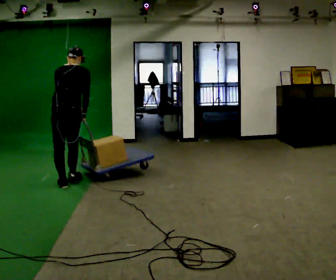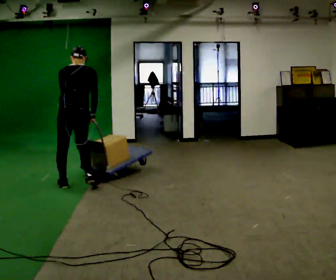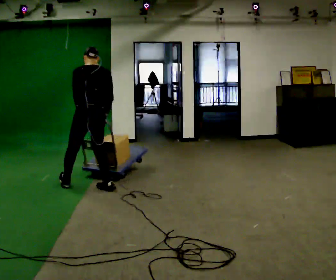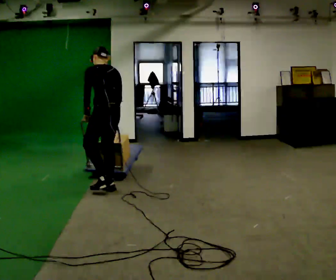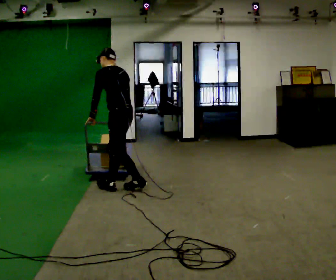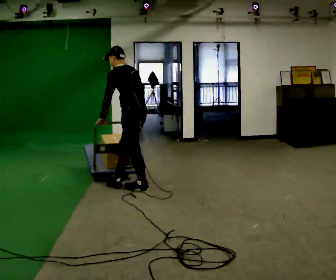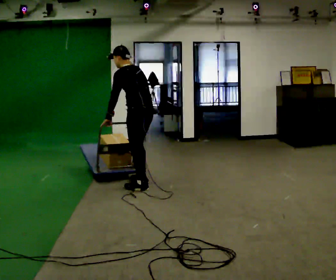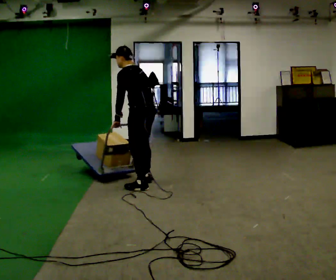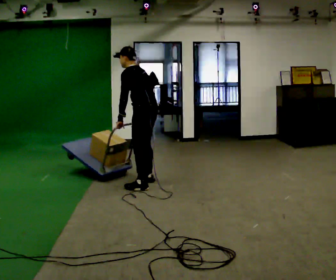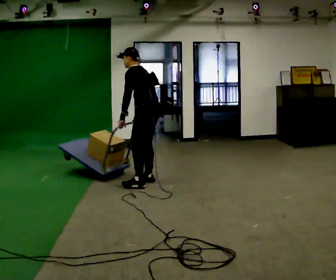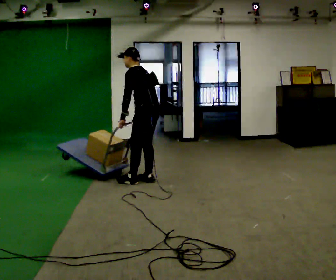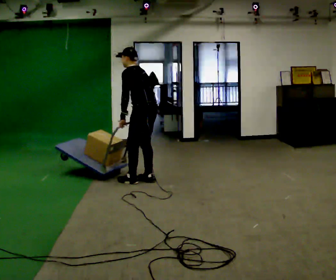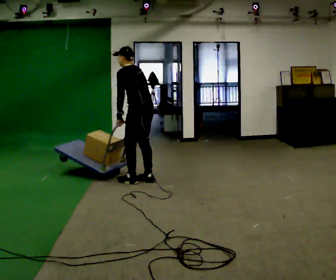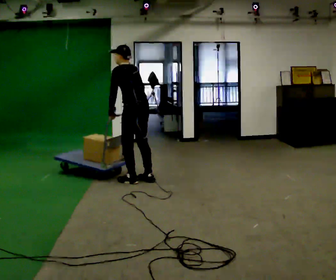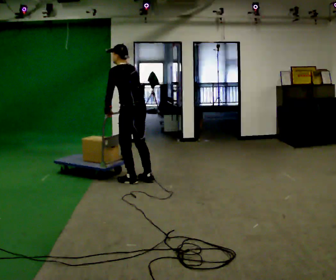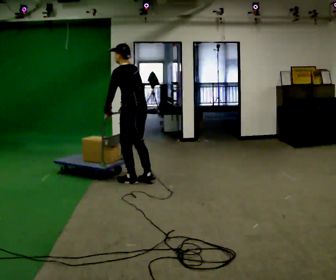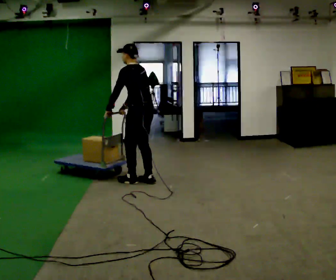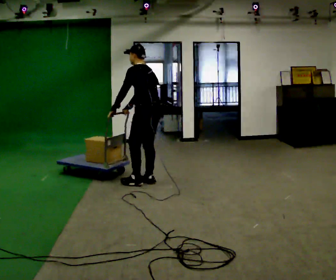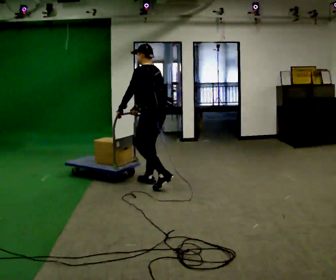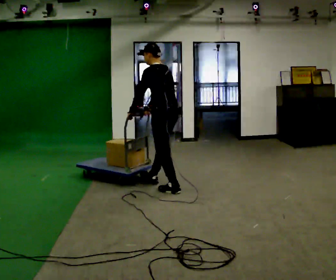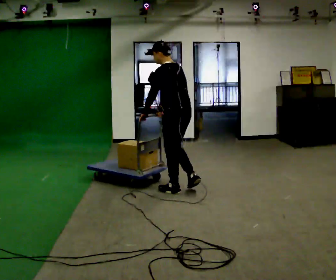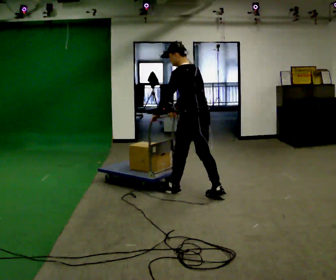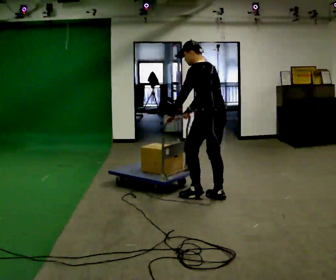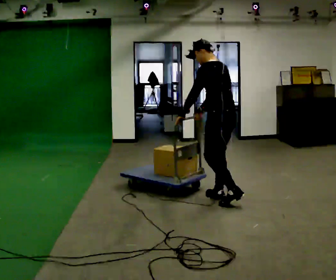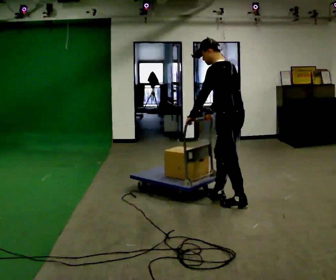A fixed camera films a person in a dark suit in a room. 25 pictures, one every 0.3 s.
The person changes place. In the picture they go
to the right.
0.0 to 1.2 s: The part of the body nearest the lens slides to the right as the person turns to their left by about 60 degrees. In the picture they go to the right, about 0.75 m in 1 step. In the picture the upper body tilts counterclockwise, shoulders to the left.
1.2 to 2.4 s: In the picture they go to the right and away from the camera, about 0.25 m in 1 step, which for them is to their right and backward.
2.4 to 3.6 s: In the picture they go away from the camera, about 0.25 m in 1 step, which for them is to their right and forward.
3.6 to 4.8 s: The person moves a little, or ends about where they began.
4.8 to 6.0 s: In the picture they go toward the camera and to the right, about 0.5 m in 2 steps, which for them is backward.
6.0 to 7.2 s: In the picture they go to the right and toward the camera, about 0.75 m in 1 step, which for them is backward.
The film runs backward here.
